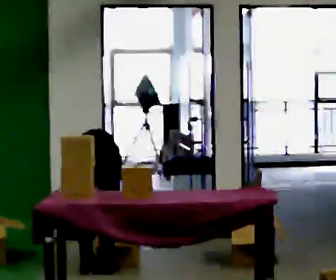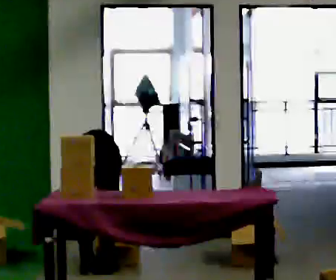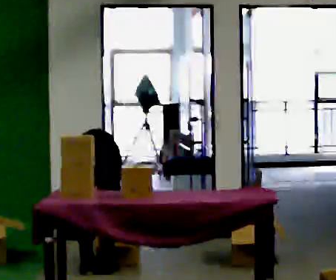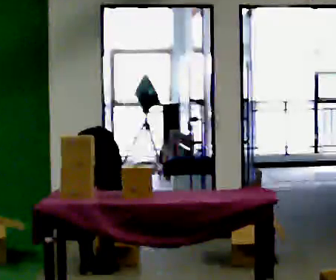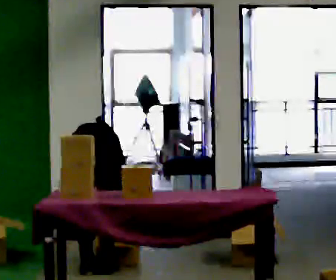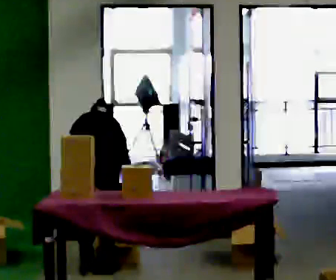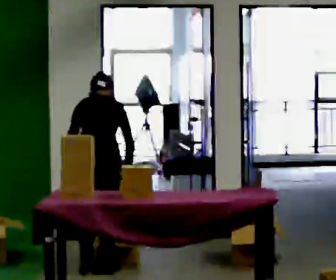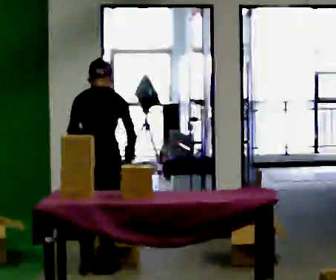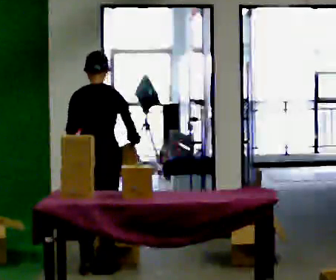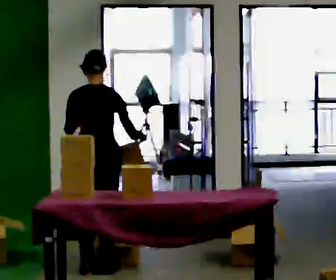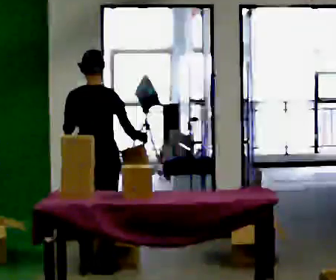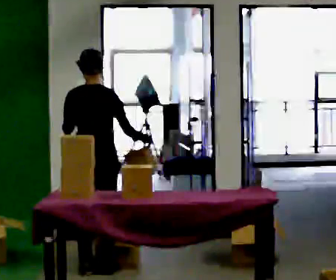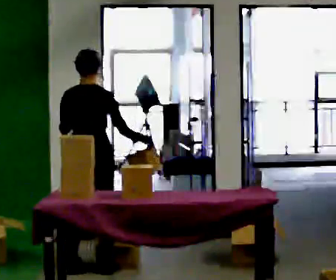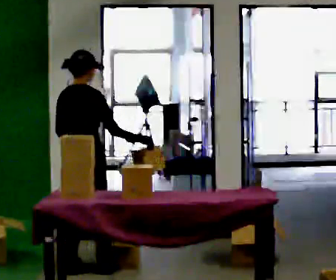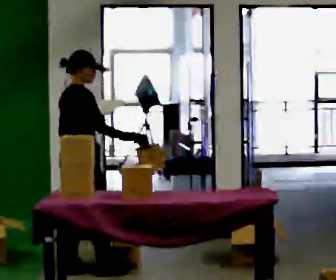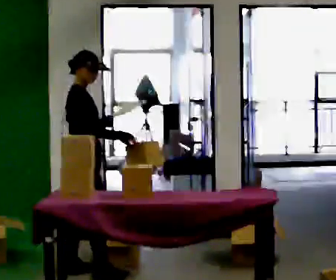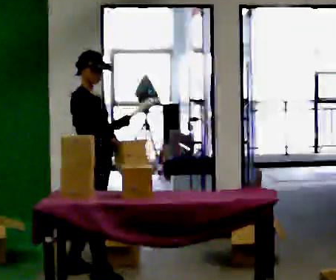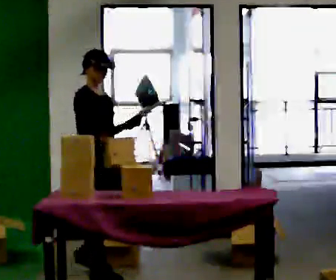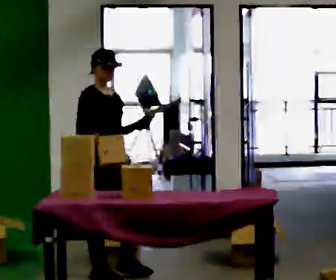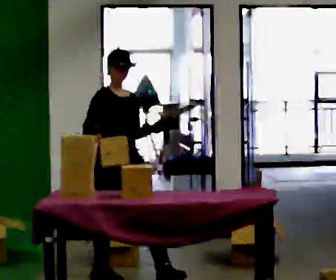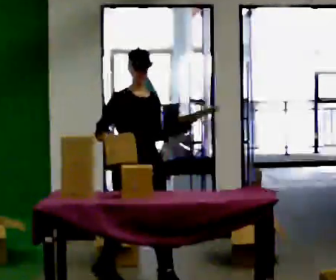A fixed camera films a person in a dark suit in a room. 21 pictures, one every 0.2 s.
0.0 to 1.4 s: The upper body goes upward. The upper body tips toward the camera, its near side rolling downward, as they lean back or straighten. In the picture their left hand goes upward.
1.4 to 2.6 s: The person turns about 45 degrees to their right, clockwise seen from above, so the part of the body nearest the lens slides to the left.
2.6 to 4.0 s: Seen from above the body turns clockwise, about 105 degrees: to their right, with its near side sliding to the left. In the picture they go to the right and toward the camera, about 0.5 m in 2 steps.
The film runs forward here.
